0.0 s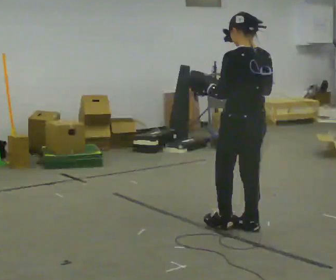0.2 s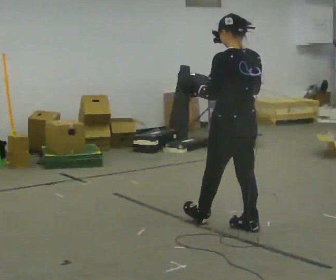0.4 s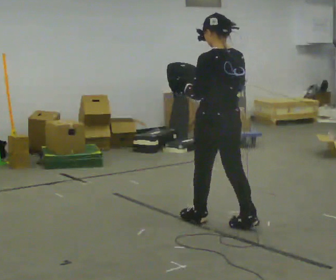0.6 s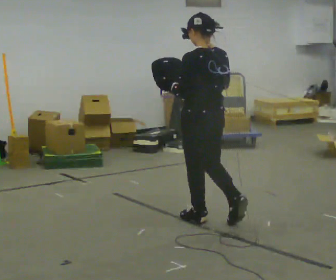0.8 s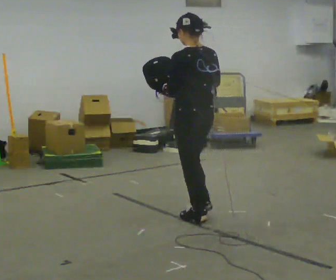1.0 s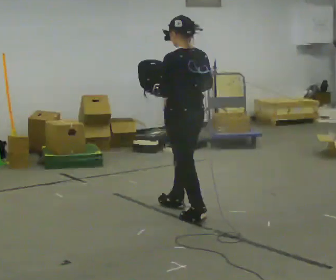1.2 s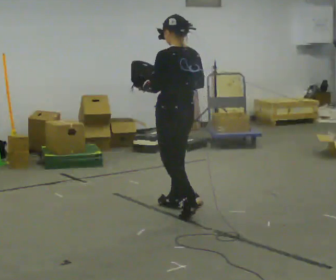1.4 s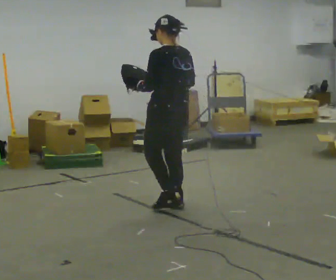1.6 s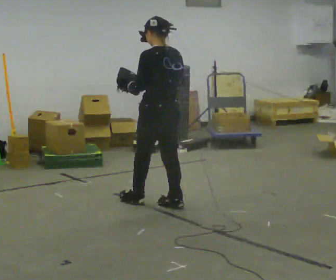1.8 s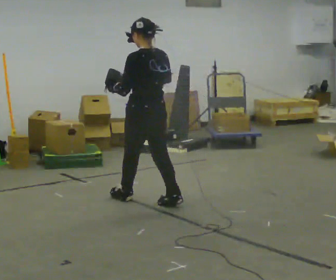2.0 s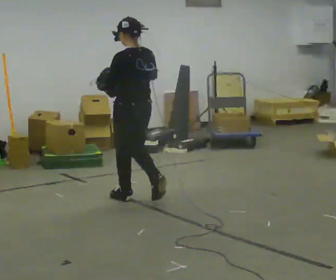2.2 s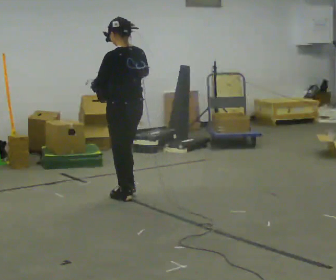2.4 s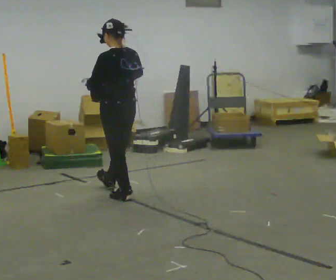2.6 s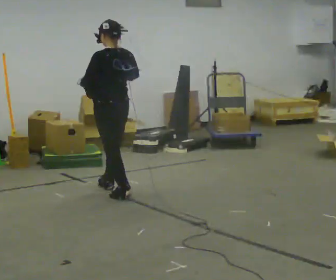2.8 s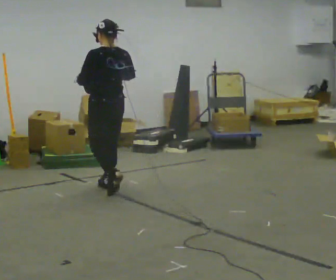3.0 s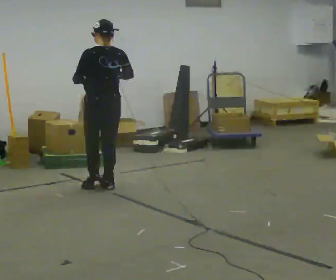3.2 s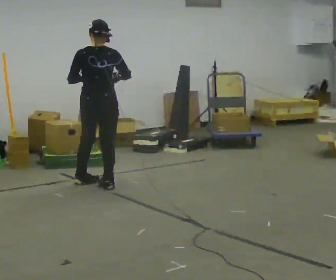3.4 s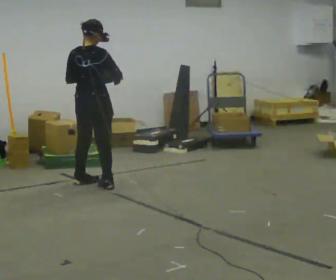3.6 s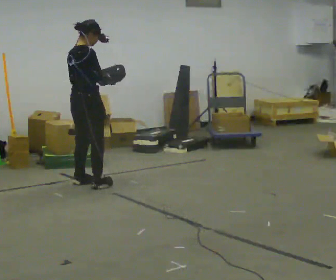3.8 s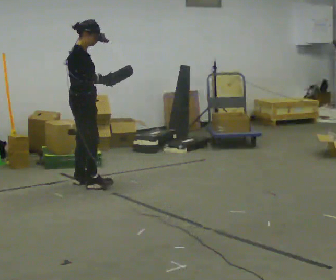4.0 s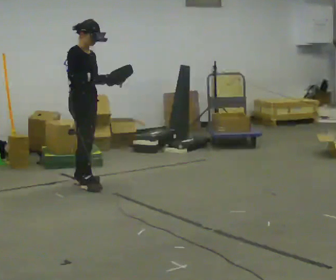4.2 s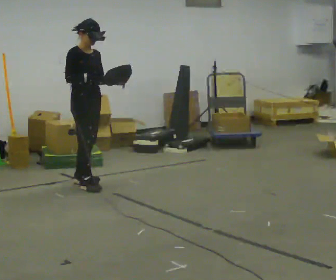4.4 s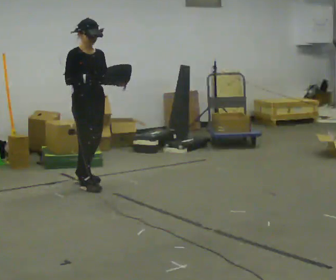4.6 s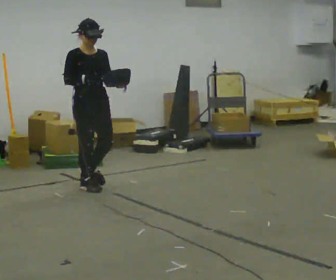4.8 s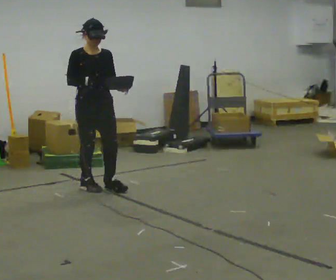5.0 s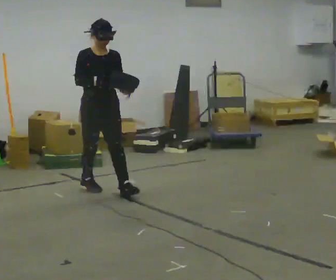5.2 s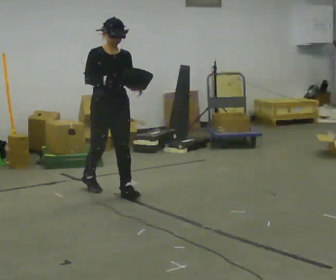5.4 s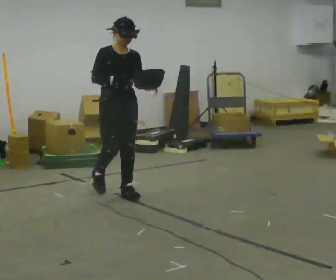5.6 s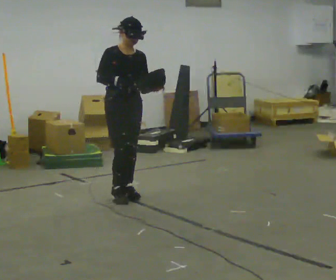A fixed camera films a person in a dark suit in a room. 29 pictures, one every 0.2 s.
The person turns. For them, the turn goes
to their right.
The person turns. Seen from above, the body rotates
clockwise.
0.0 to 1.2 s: In the picture they go away from the camera and to the left, about 0.75 m in 2 steps, which for them is forward.
1.2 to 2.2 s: In the picture they go away from the camera and to the left, about 0.5 m in 1 step, which for them is forward.
2.2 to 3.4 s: The person turns about 75 degrees to their right, clockwise seen from above, so the part of the body nearest the lens slides to the left. In the picture they go away from the camera and to the left, about 0.5 m in 2 steps.
3.4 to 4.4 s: The person turns about 105 degrees to their right, clockwise seen from above, so the part of the body nearest the lens slides to the left.
4.4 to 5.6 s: In the picture they go toward the camera and to the right, about 0.5 m in 1 step, which for them is forward.
The film runs forward here.
